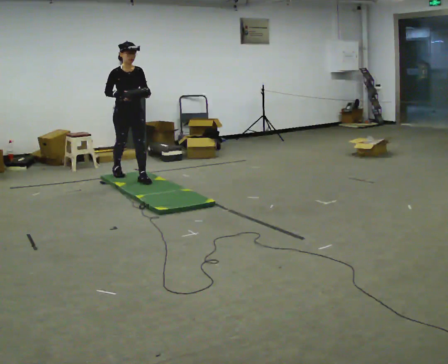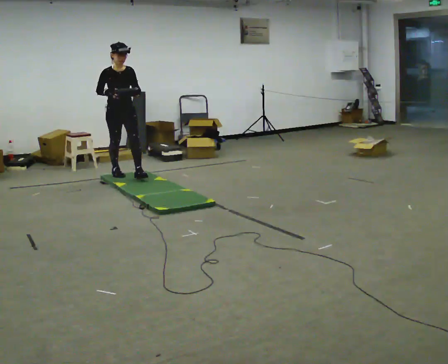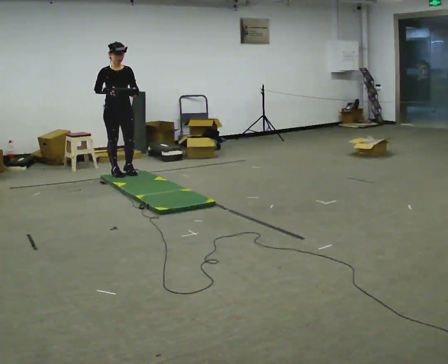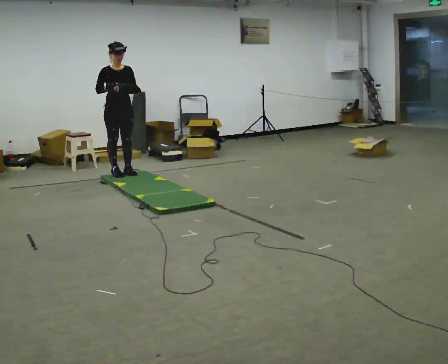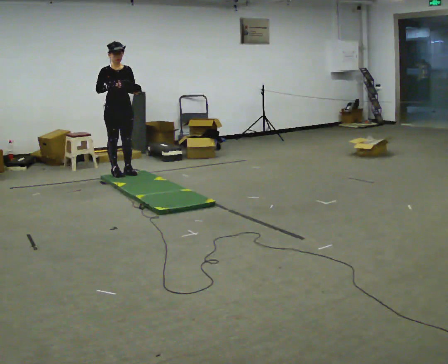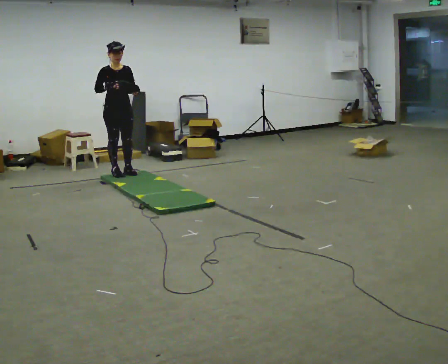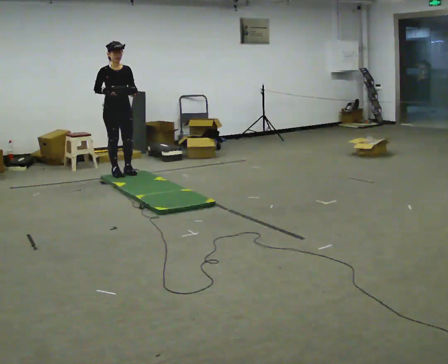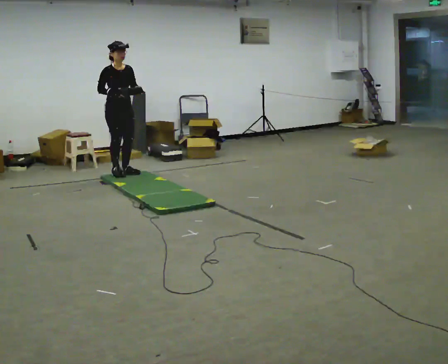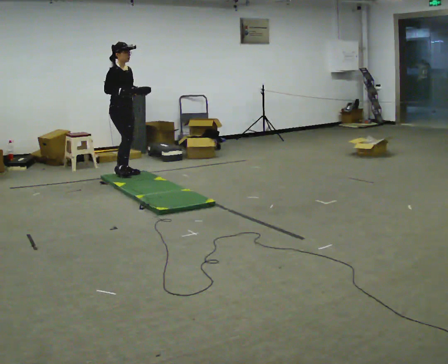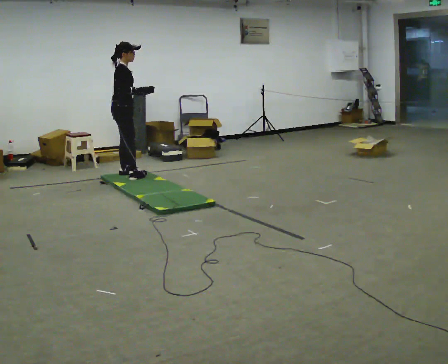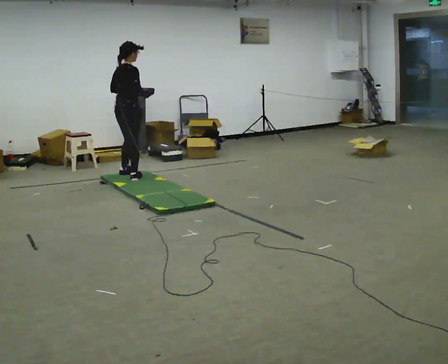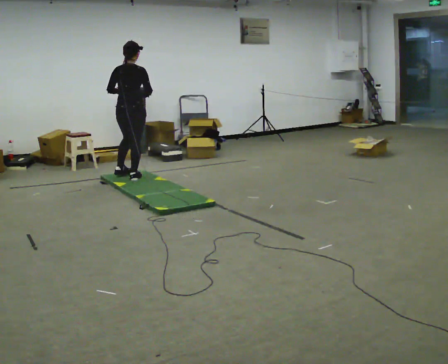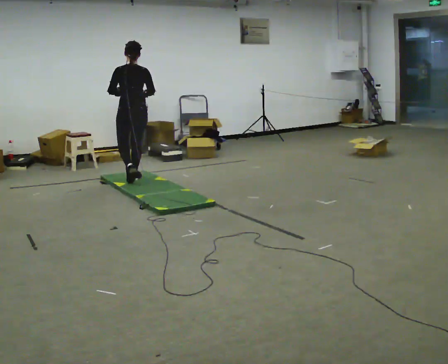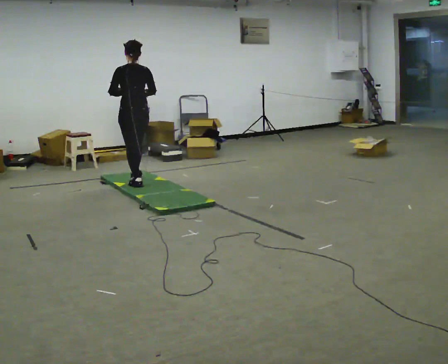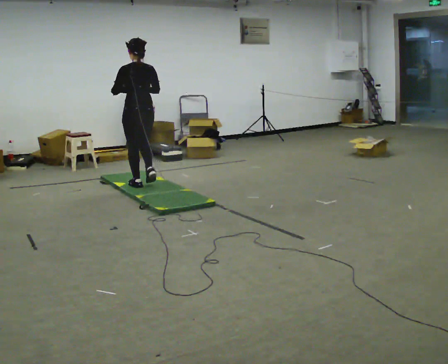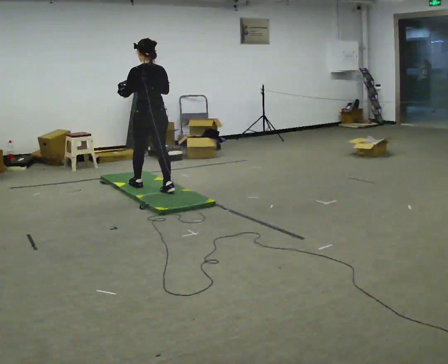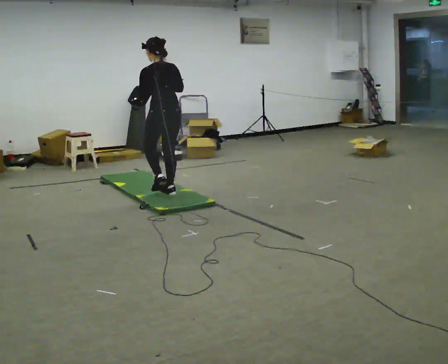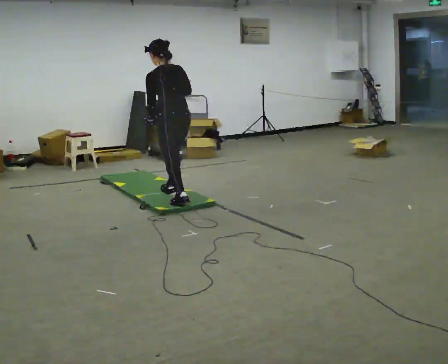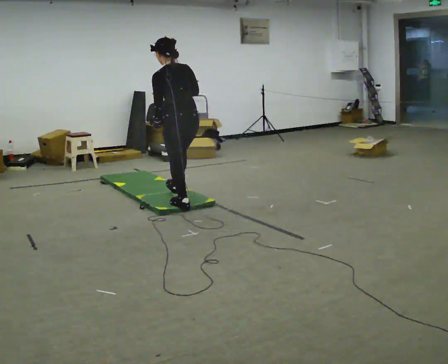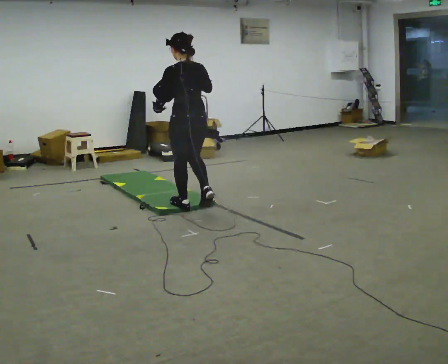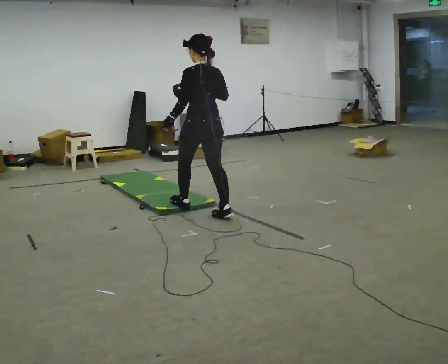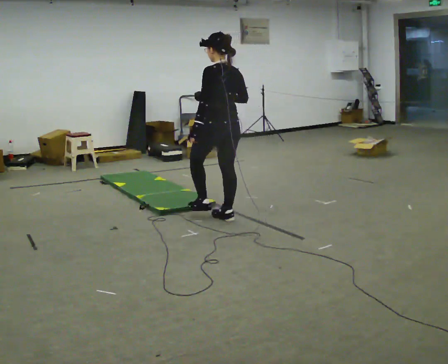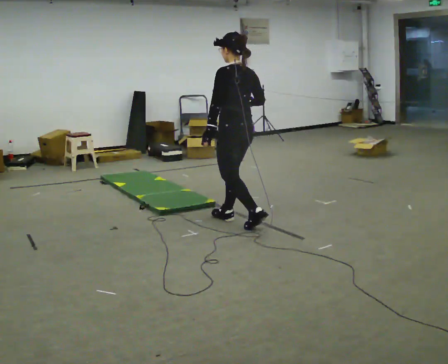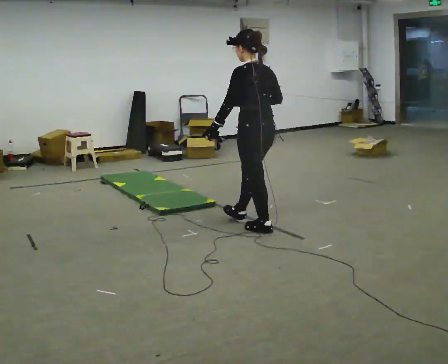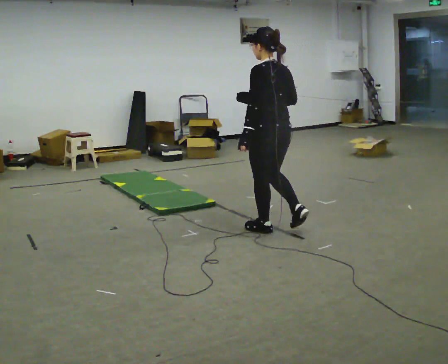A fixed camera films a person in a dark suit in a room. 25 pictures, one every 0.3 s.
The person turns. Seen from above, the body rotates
counterclockwise.
The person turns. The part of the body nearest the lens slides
to the right.
0.0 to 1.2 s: In the picture they go away from the camera and to the left, about 0.25 m in 1 step, which for them is backward.
1.2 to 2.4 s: The part of the body nearest the lens slides to the right as the person turns to their left by about 30 degrees.
2.4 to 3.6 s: The person turns about 135 degrees to their left, counterclockwise seen from above, so the part of the body nearest the lens slides to the right. In the picture they go toward the camera and to the right, about 0.25 m in 1 step.
3.6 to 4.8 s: In the picture they go toward the camera and to the right, about 0.5 m in 2 steps, which for them is backward.
4.8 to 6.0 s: In the picture they go toward the camera and to the right, about 0.5 m in 1 step, which for them is backward.
6.0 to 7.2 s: In the picture they go toward the camera and to the right, about 1 m in 2 steps, which for them is backward.
The film runs backward here.
